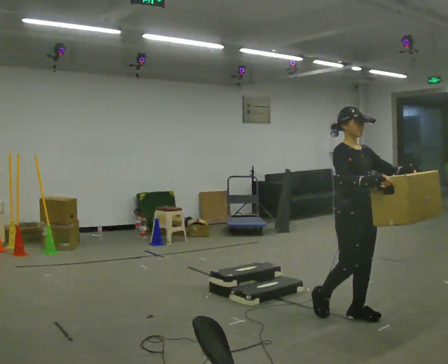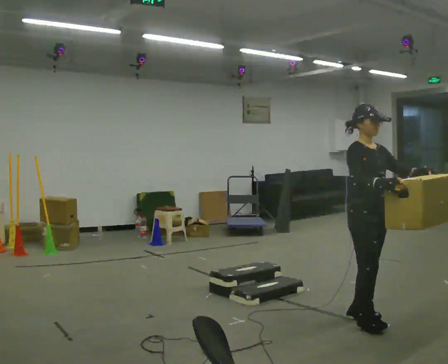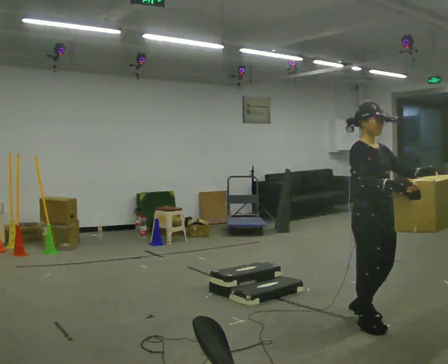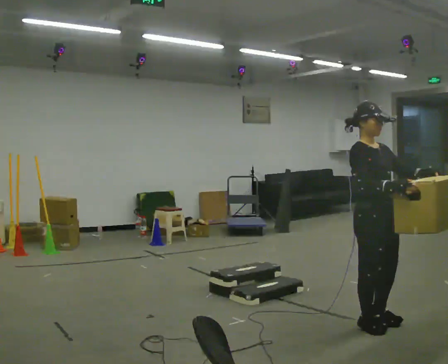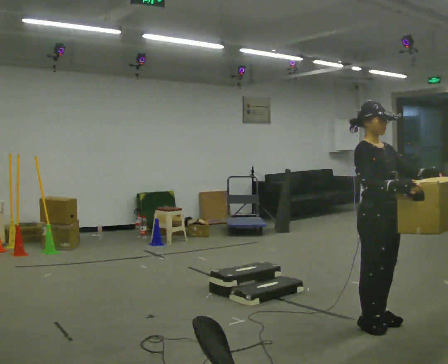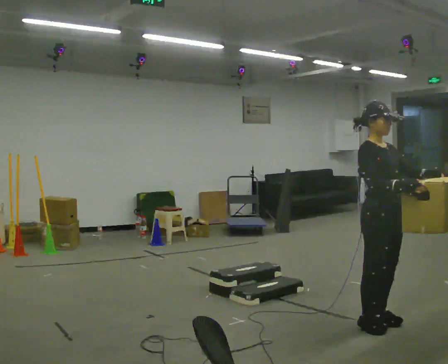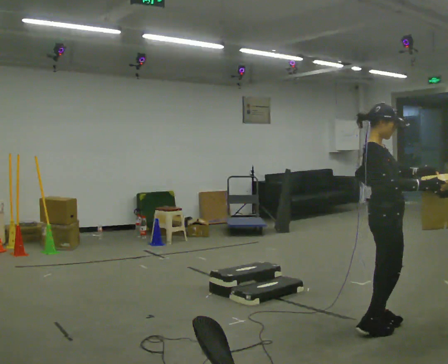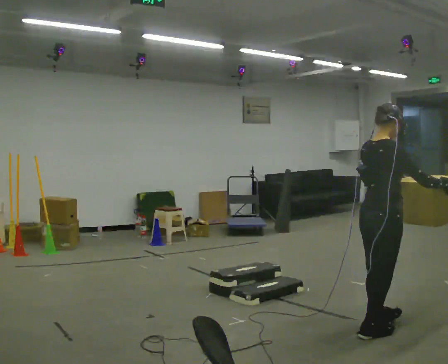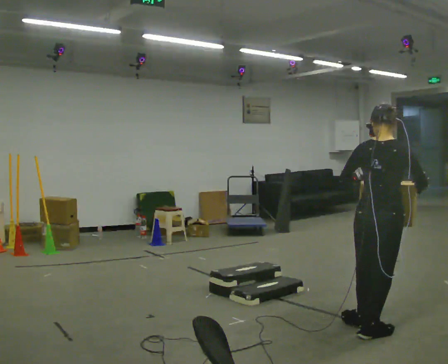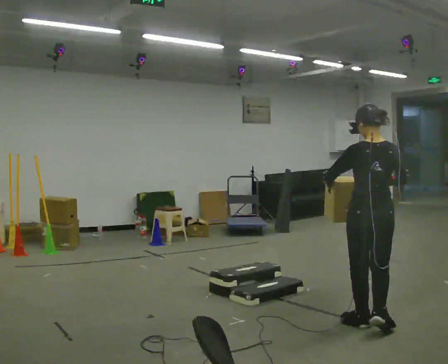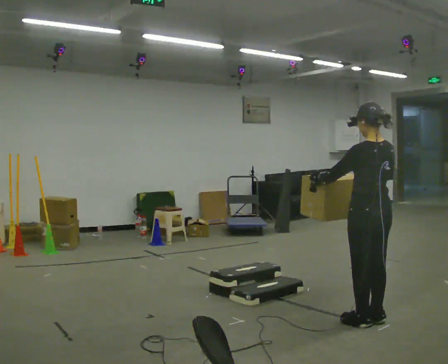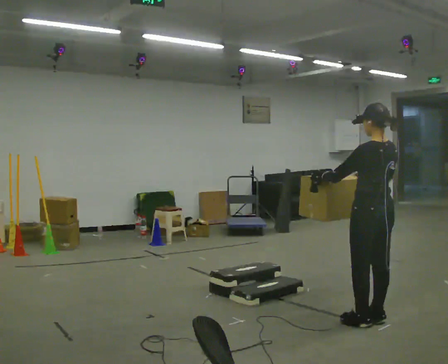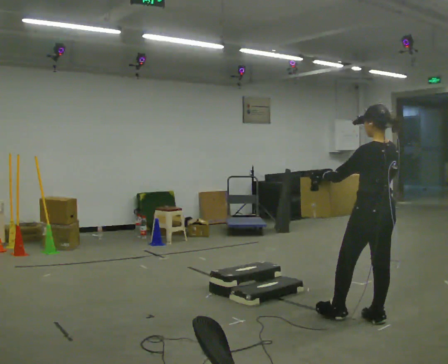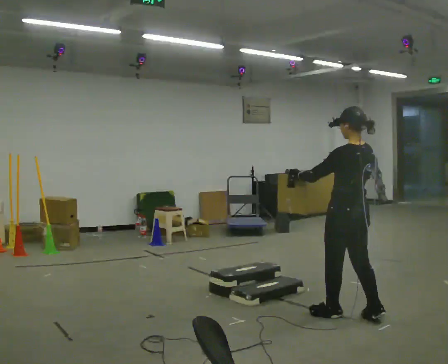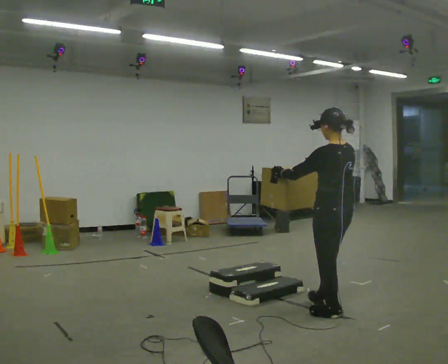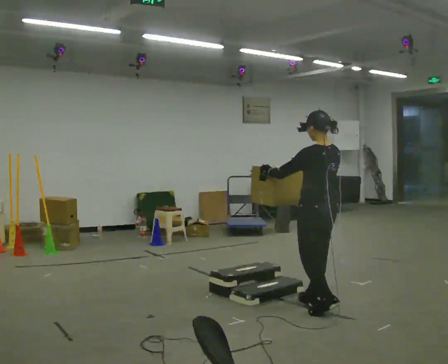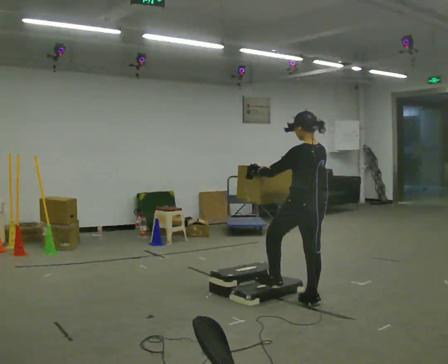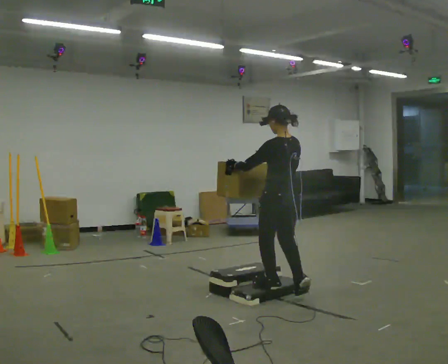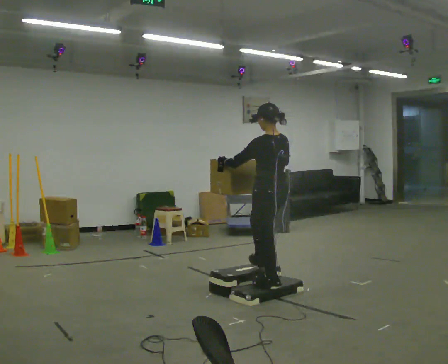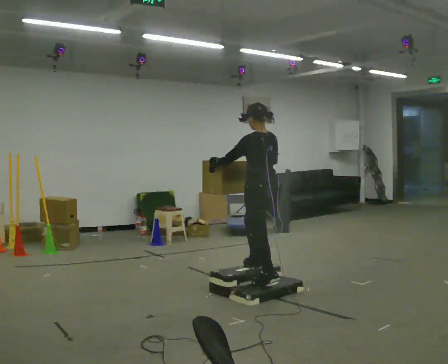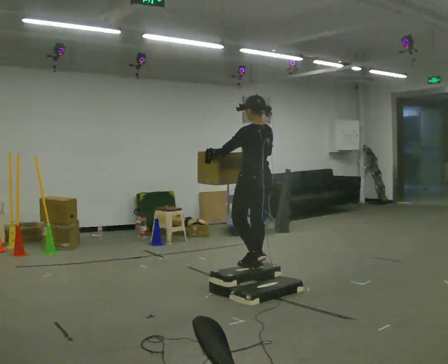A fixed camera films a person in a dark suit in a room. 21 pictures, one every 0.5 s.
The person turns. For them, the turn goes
to their left.
The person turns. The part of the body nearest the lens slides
to the right.
0.0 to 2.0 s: In the picture they go toward the camera and to the right, about 0.25 m in 2 steps, which for them is forward.
2.0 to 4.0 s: Seen from above the body turns counterclockwise, about 120 degrees: to their left, with its near side sliding to the right. In the picture their left hand goes to the left.
4.0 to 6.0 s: Seen from above the body turns counterclockwise, about 60 degrees: to their left, with its near side sliding to the right. In the picture they go away from the camera, about 0.25 m in 1 step, which for them is forward and to their right.
6.0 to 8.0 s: In the picture they go to the left and away from the camera, about 0.5 m in 2 steps, which for them is forward.
8.0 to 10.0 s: In the picture they go to the left and away from the camera, about 0.75 m in 2 steps, which for them is forward. The shoulders move upward.
The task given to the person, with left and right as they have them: Carry the box up the three steps, turn at the top, and carry it back down. Use the handrail only if you need it. Keep going until the operator says stop; one object at a time, and do not rush between trips.
The film runs forward here.
